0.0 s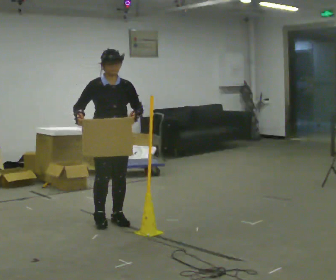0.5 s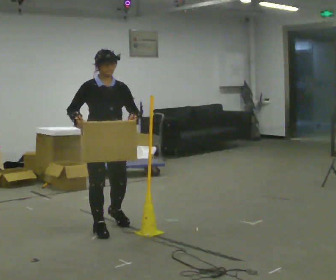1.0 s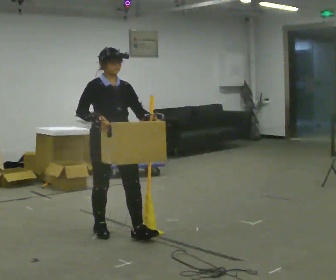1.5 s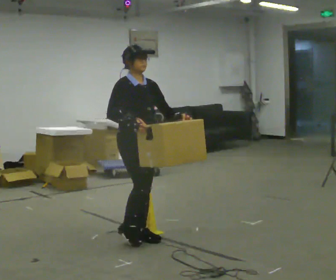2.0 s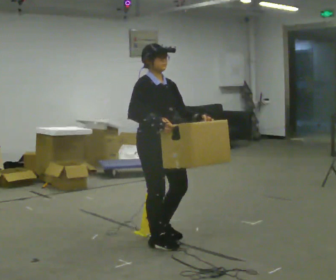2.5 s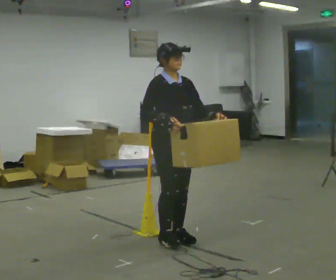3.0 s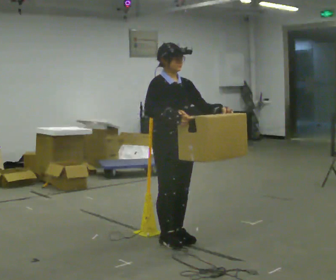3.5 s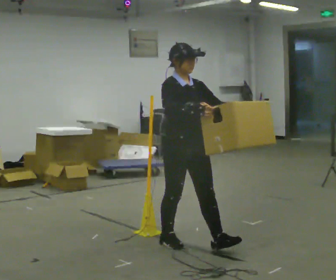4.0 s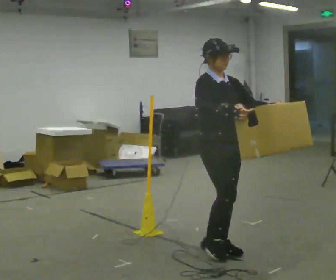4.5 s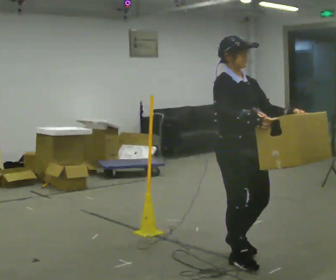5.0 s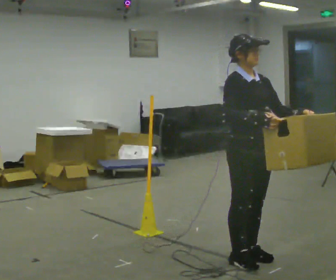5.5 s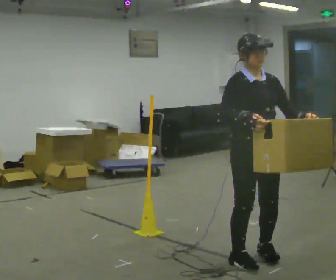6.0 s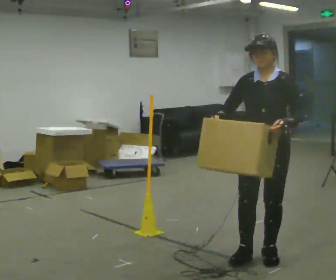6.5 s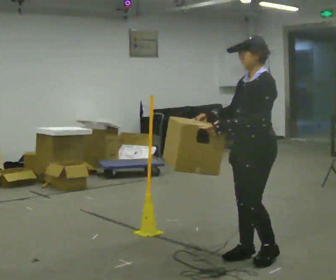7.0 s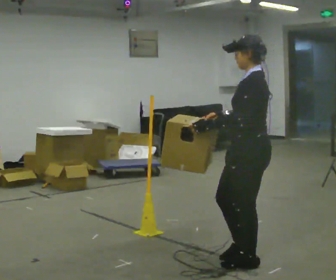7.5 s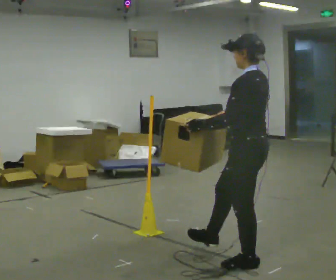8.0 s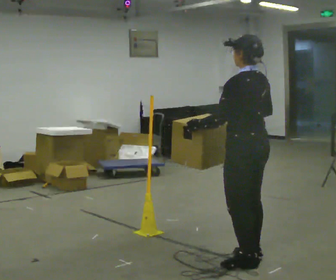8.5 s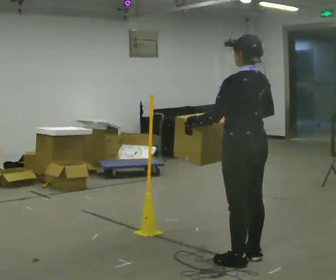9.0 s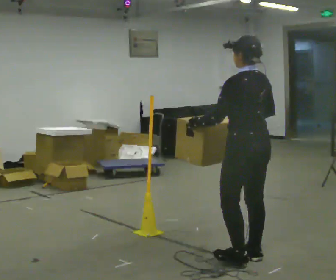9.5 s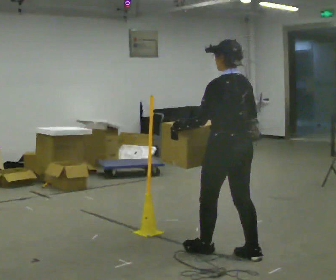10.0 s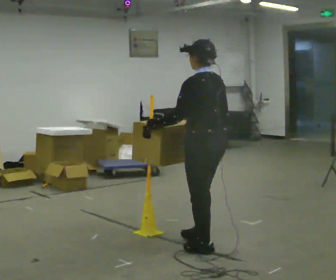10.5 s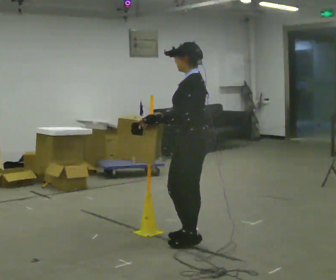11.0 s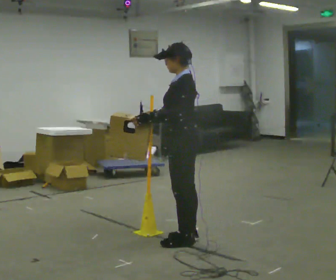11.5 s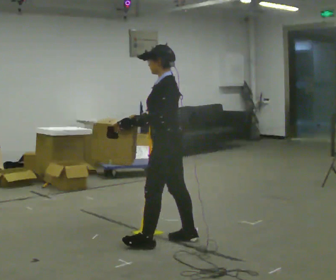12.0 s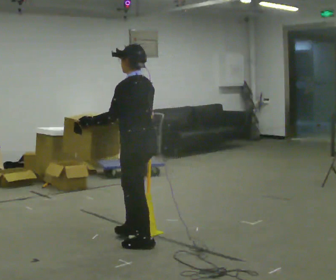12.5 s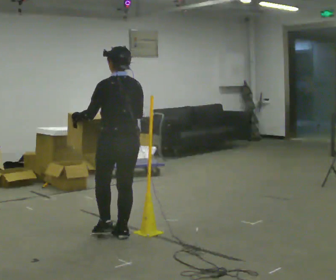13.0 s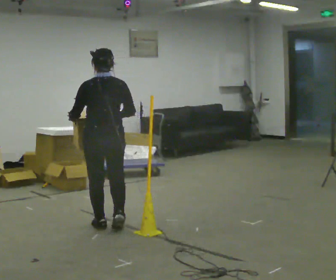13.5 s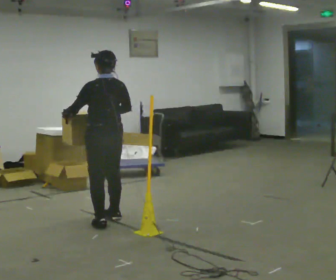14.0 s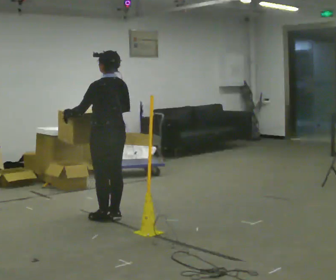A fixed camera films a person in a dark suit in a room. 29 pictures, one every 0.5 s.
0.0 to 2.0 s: The person turns about 30 degrees to their left, counterclockwise seen from above, so the part of the body nearest the lens slides to the right. In the picture they go toward the camera and to the right, about 0.5 m in 3 steps, which for them is forward.
2.0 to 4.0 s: In the picture they go to the right and toward the camera, about 0.5 m in 2 steps, which for them is forward and to their left.
4.0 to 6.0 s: Seen from above the body turns clockwise, about 75 degrees: to their right, with its near side sliding to the left. In the picture they go to the right, about 0.25 m in 3 steps.
6.0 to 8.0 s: The part of the body nearest the lens slides to the left as the person turns to their right by about 105 degrees.
8.0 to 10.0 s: In the picture they go to the left and away from the camera, about 0.5 m in 1 step, which for them is forward.
10.0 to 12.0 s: In the picture they go to the left, about 0.5 m in 3 steps, which for them is forward.
12.0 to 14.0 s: In the picture they go away from the camera and to the left, about 1 m in 4 steps, which for them is forward.
The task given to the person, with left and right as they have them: Carry the box across the room. The operator will step into your path partway across, so go around them and carry on. Keep going until the operator says stop; one object at a time, and do not rush between trips.
The film runs forward here.
